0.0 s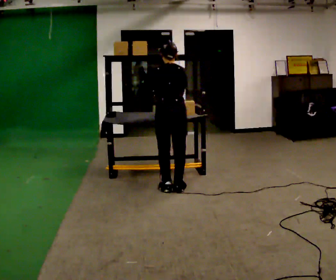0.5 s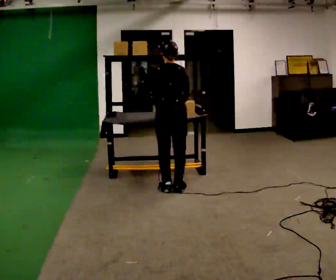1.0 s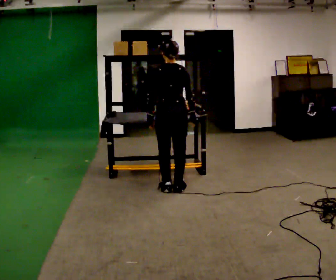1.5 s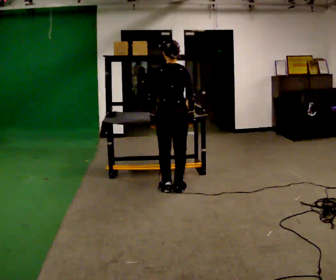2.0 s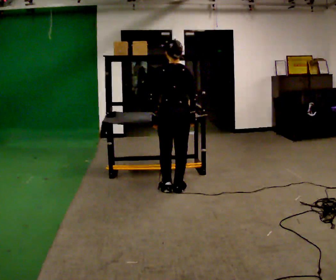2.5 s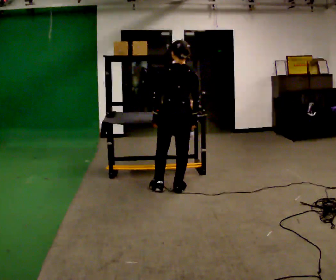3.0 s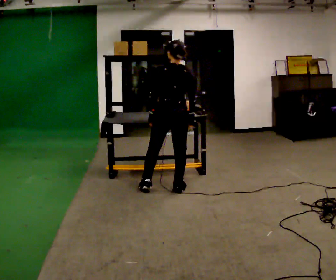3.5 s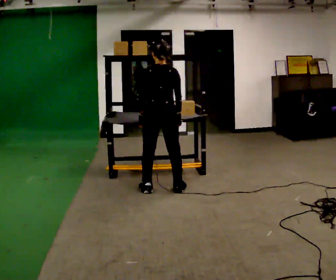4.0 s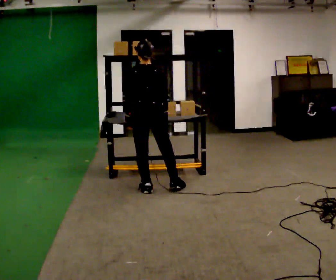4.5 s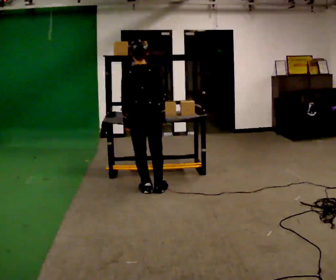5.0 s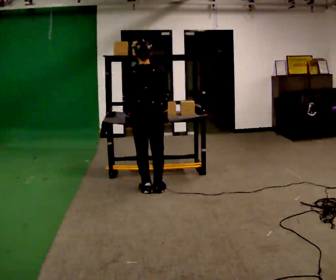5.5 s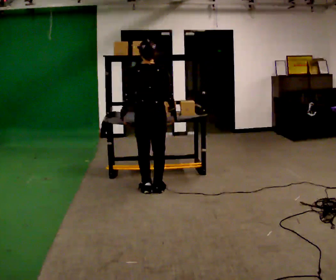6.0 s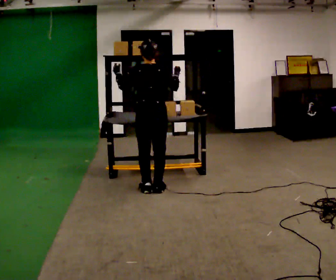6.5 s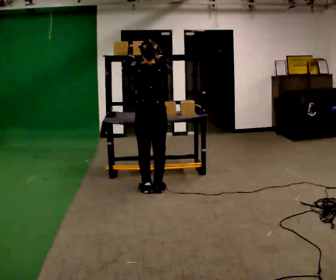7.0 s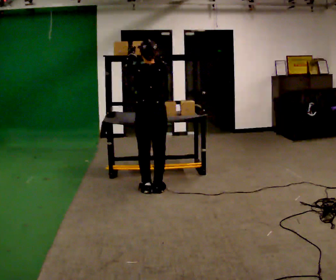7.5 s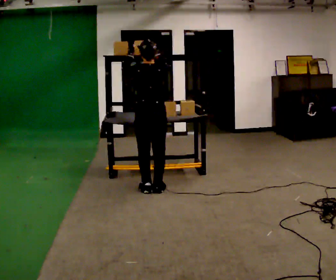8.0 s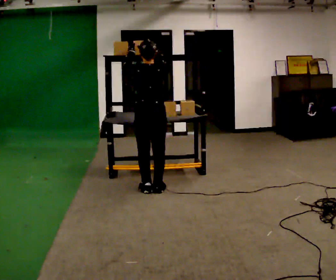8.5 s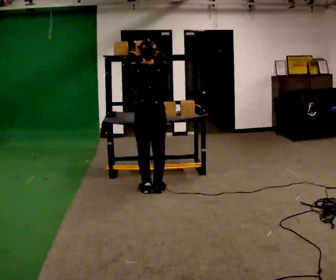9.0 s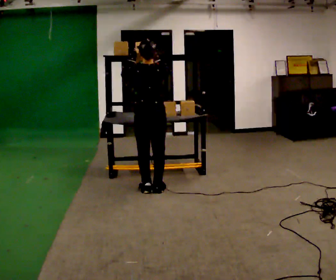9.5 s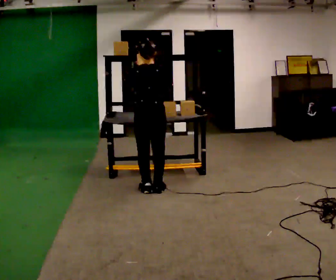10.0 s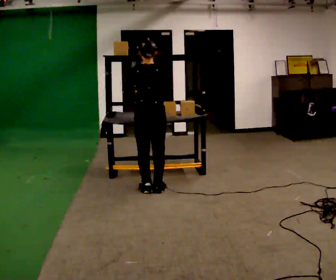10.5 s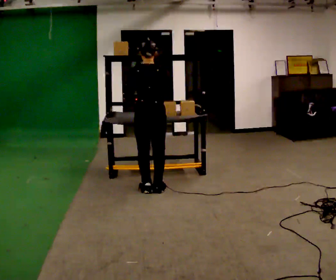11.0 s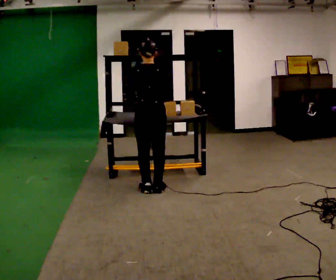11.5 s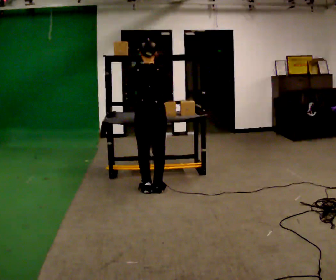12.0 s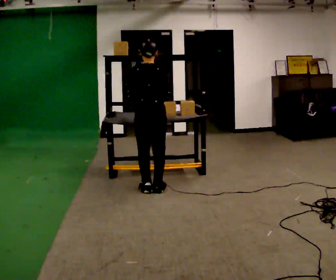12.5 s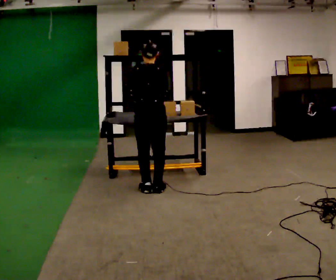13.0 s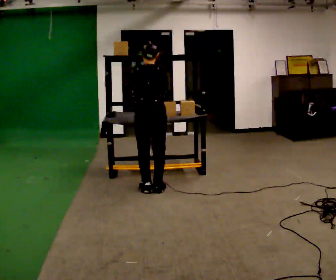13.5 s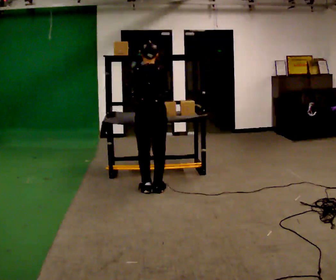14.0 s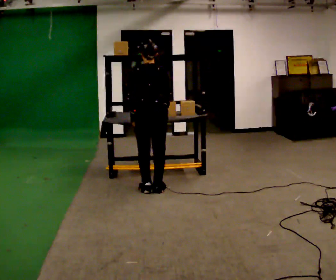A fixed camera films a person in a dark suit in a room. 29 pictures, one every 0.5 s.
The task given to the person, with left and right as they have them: Take an object from the waist-height shelf, carry it across the room, and place it on the highest shelf you can comfortably reach. Keep going until the operator says stop; one object at a time, and do not rush between trips.
0.0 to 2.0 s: The upper body tips toward the camera, its near side rolling downward, as they lean back or straighten.
2.0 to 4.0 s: In the picture they go to the left, about 0.25 m in 1 step, which for them is to their left.
4.0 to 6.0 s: In the picture their left hand goes upward, the arm swinging clockwise.
6.0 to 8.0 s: The person moves a little, or ends about where they began.
8.0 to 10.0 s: In the picture their right hand goes downward.
10.0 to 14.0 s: The person moves a little, or ends about where they began.
The film runs forward here.
